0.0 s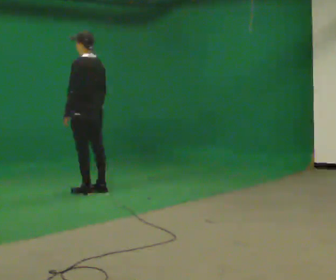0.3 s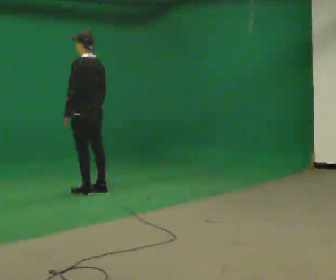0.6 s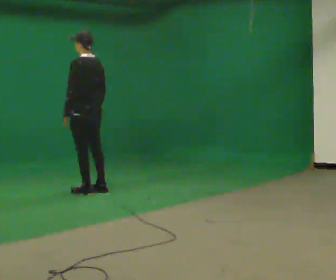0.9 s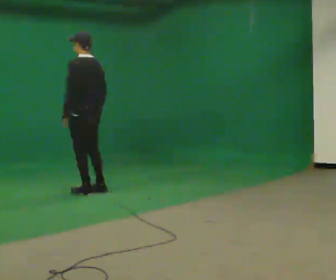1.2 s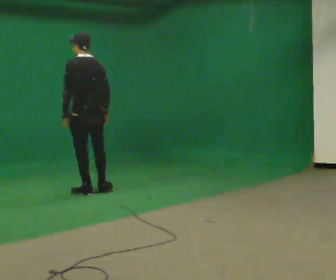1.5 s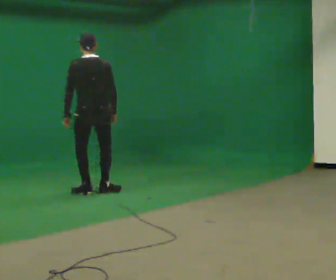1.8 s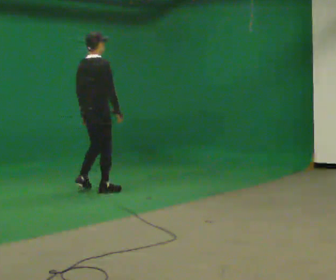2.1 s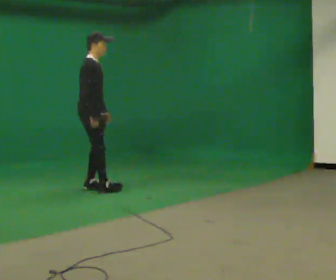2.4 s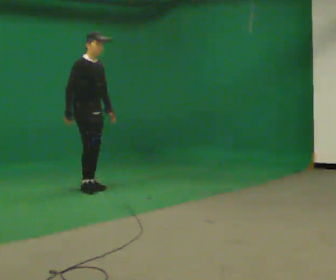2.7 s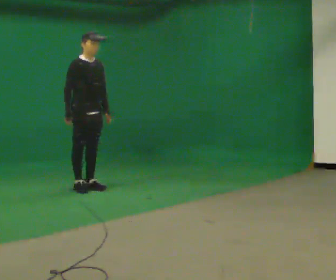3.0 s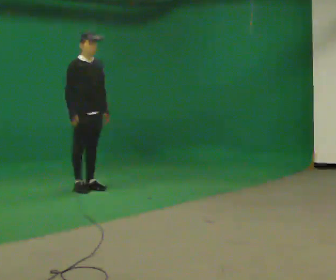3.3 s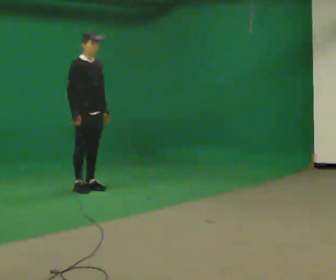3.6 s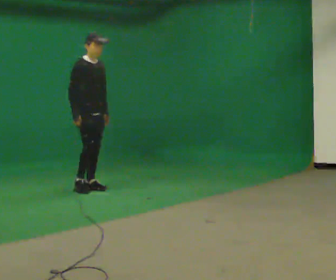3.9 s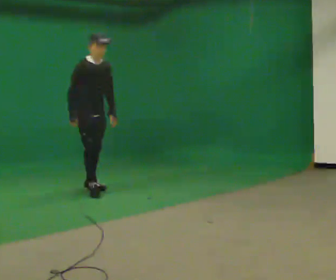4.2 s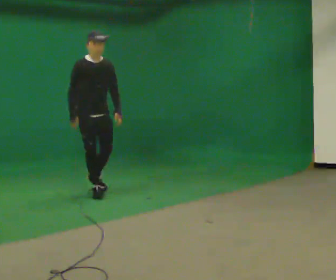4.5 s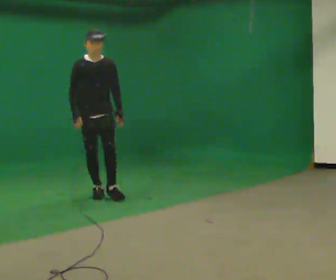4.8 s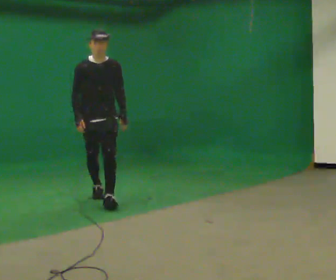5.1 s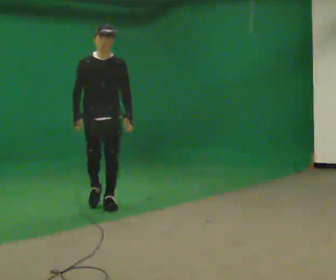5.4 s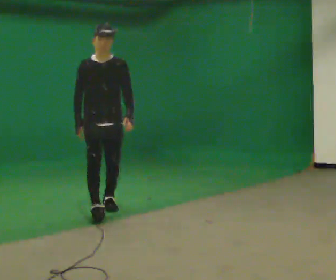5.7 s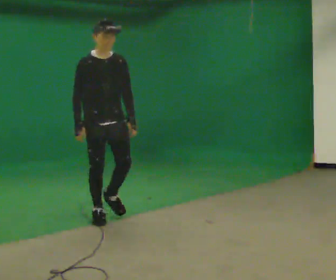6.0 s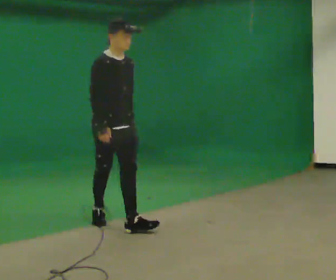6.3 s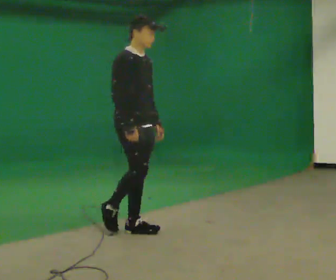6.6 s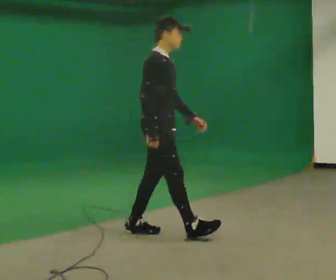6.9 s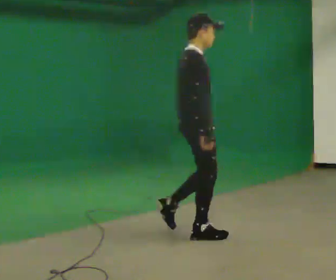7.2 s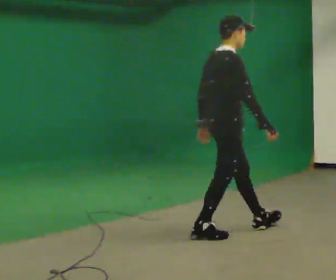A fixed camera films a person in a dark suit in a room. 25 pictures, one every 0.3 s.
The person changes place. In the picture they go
toward the camera.
0.0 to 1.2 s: The person moves a little, or ends about where they began.
1.2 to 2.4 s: The part of the body nearest the lens slides to the left as the person turns to their right by about 150 degrees. In the picture they go away from the camera, about 0.25 m in 1 step.
2.4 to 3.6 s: The person moves a little, or ends about where they began.
3.6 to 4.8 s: The person turns about 45 degrees to their right, clockwise seen from above, so the part of the body nearest the lens slides to the left. In the picture they go toward the camera, about 0.5 m in 2 steps, which for them is forward.
4.8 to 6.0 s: The part of the body nearest the lens slides to the right as the person turns to their left by about 30 degrees. In the picture they go toward the camera, about 1 m in 1 step, which for them is forward.
6.0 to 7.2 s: The part of the body nearest the lens slides to the right as the person turns to their left by about 60 degrees. In the picture they go to the right and toward the camera, about 1 m in 2 steps.
The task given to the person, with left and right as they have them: Walk forward; gradually curve left/right; straighten out.
The film runs forward here.
